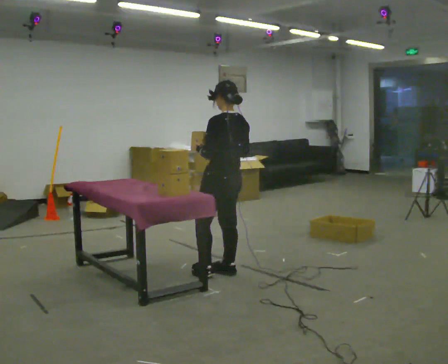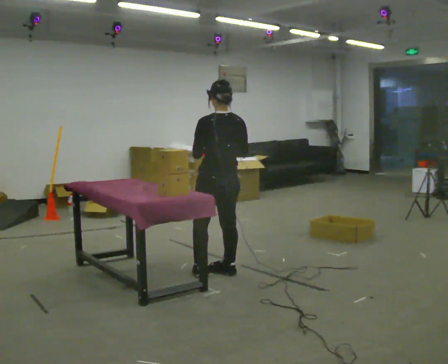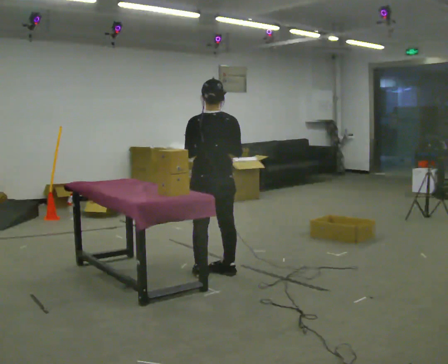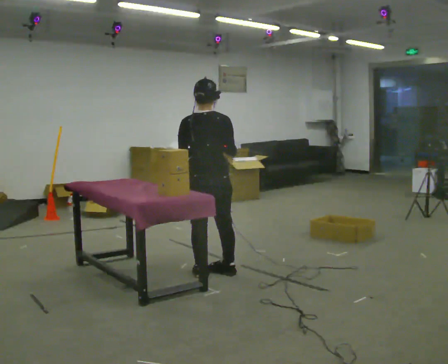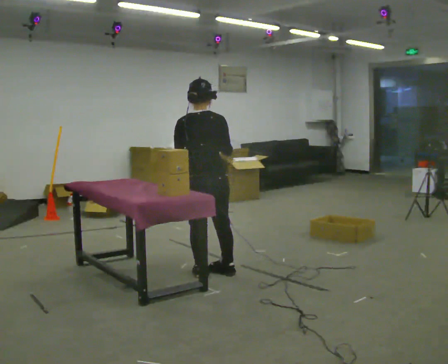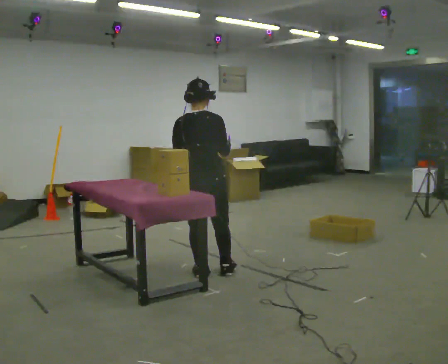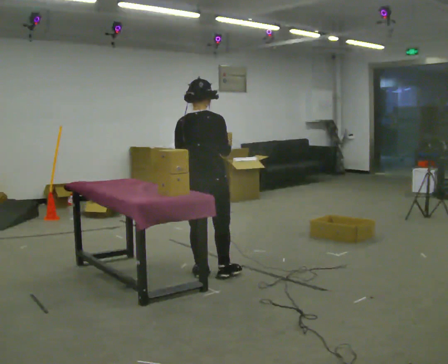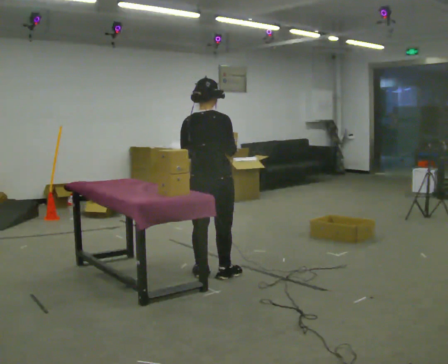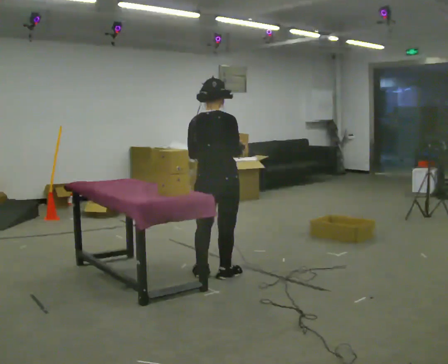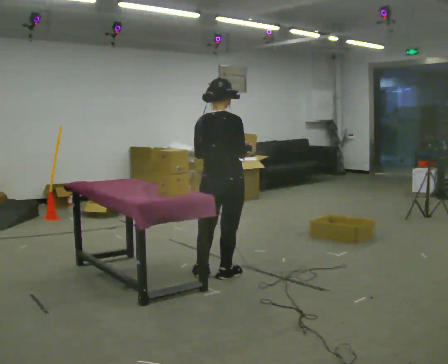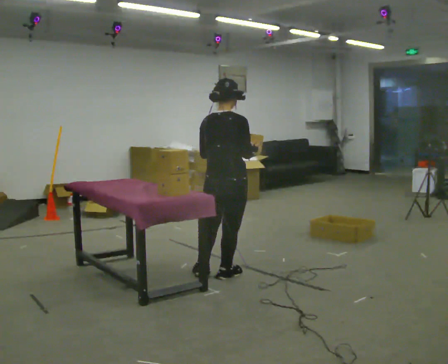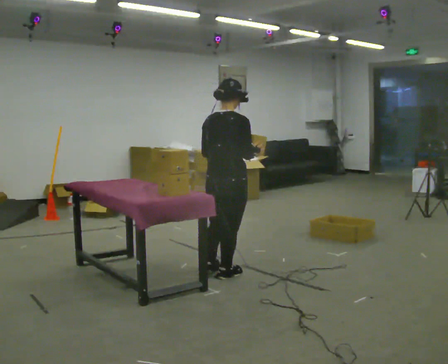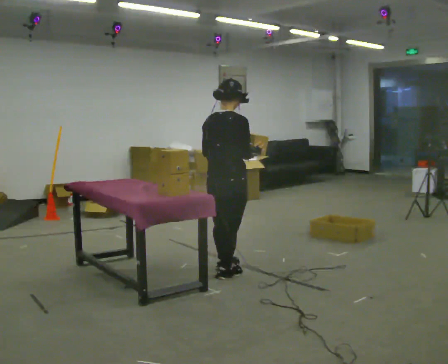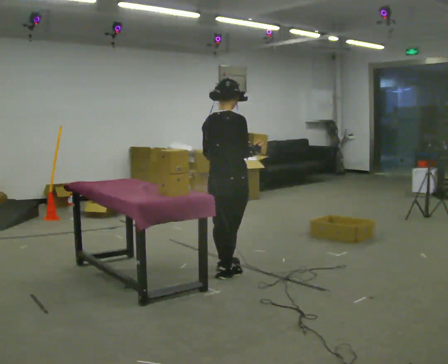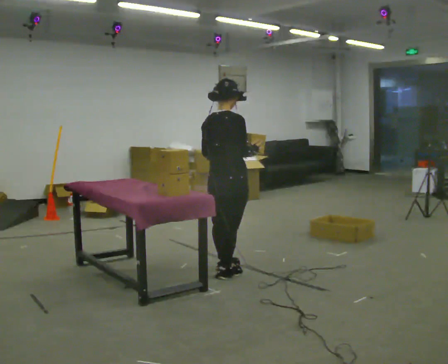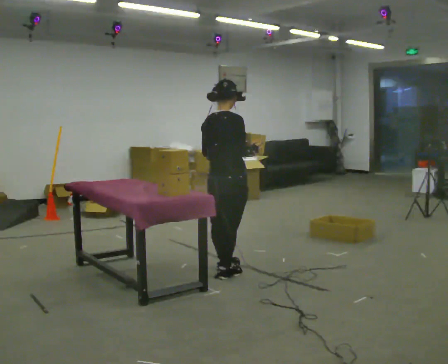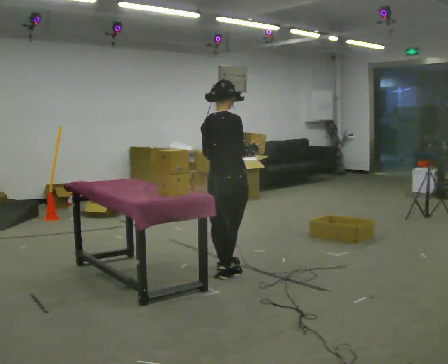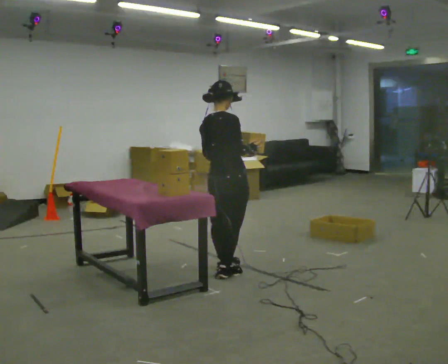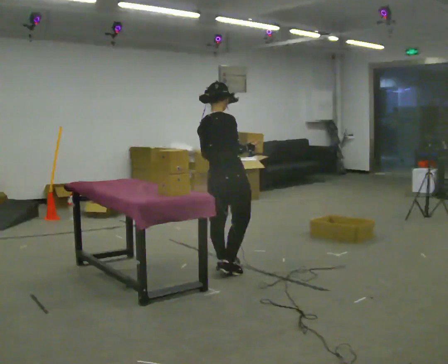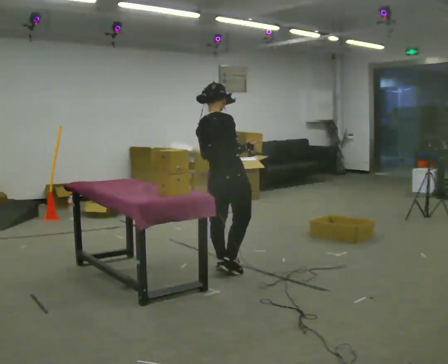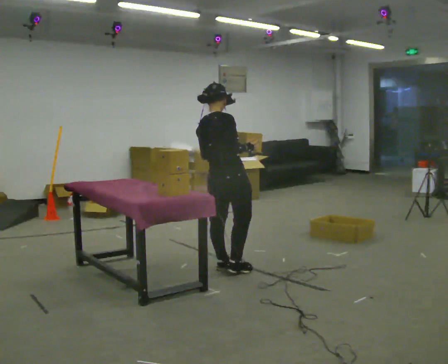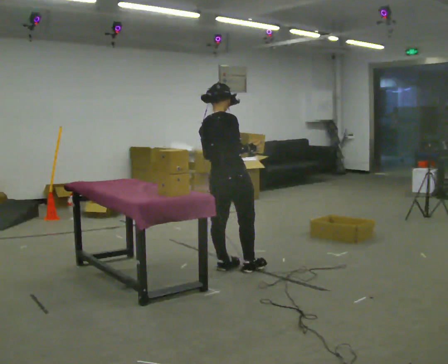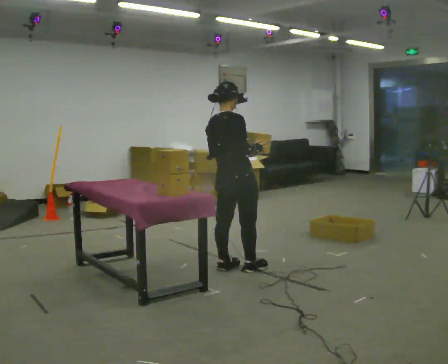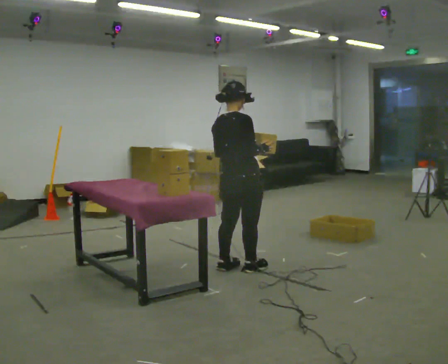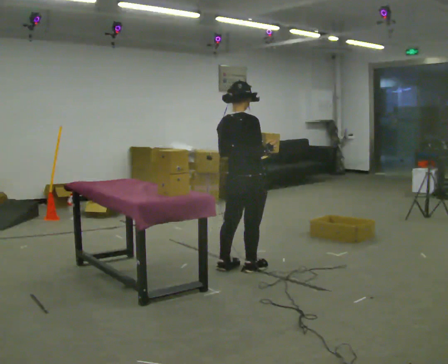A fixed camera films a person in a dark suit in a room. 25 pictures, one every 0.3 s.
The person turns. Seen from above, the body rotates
clockwise.
The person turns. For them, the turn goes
to their right.
0.0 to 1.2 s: The person turns about 45 degrees to their right, clockwise seen from above, so the part of the body nearest the lens slides to the left. In the picture they go to the left, about 0.25 m in 1 step, which for them is to their left.
1.2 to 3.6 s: The person turns about 30 degrees to their right, clockwise seen from above, so the part of the body nearest the lens slides to the left. In the picture they go to the right, about 0.25 m in 1 step, which for them is to their right.
3.6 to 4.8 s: In the picture they go away from the camera, about 0.25 m.
4.8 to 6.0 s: The person moves a little, or ends about where they began.
6.0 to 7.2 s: In the picture they go to the right, about 0.25 m in 1 step, which for them is to their right.
The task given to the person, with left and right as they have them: Carry each object across the room and drop it into the container on the floor, then walk back for the next one. Keep going until the operator says stop; one object at a time, and do not rush between trips.
The film runs forward here.
